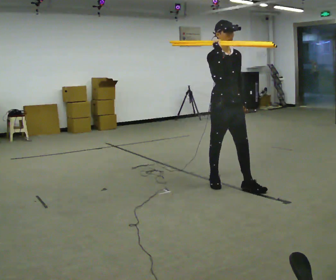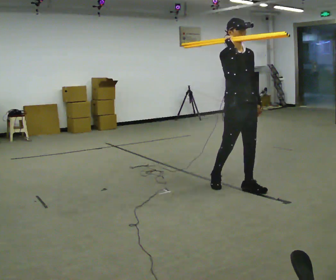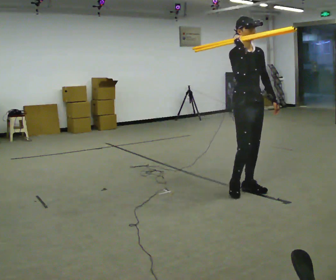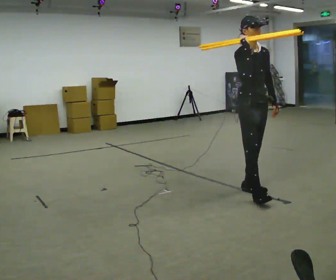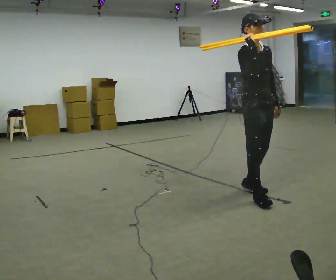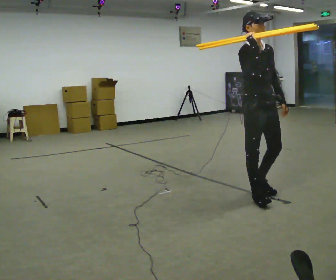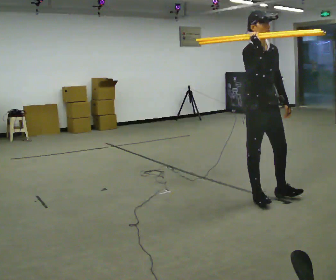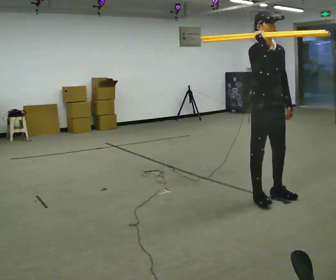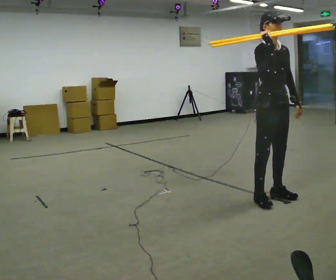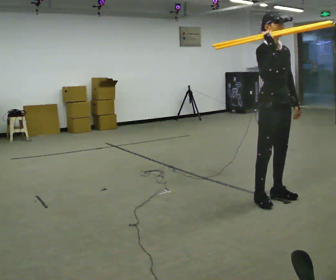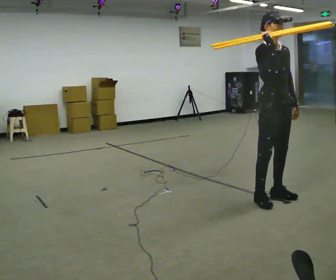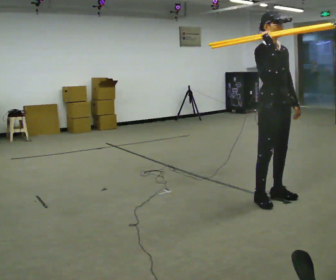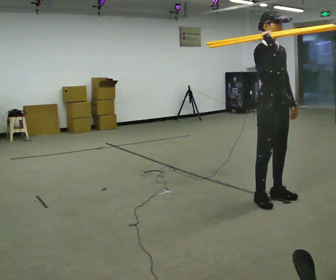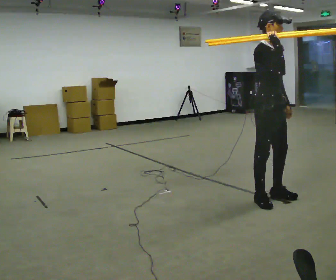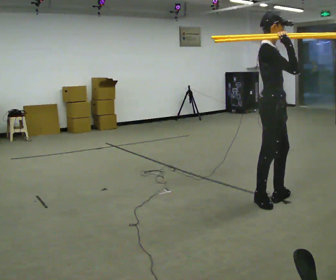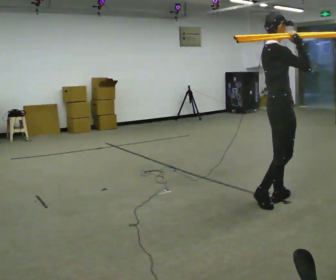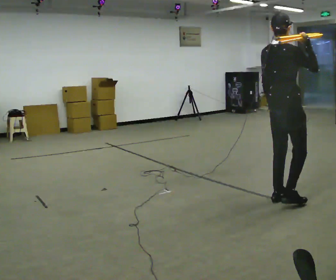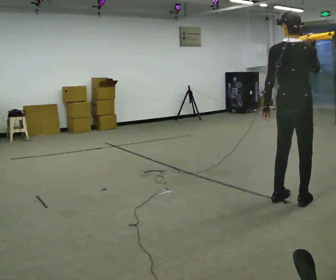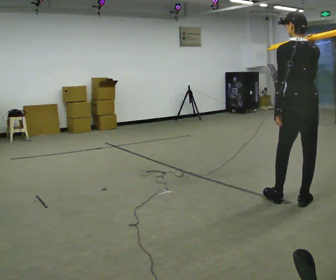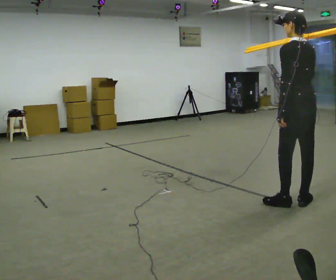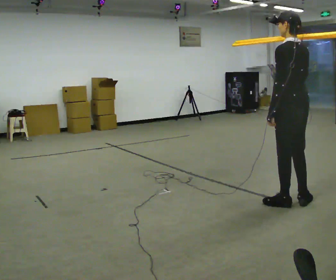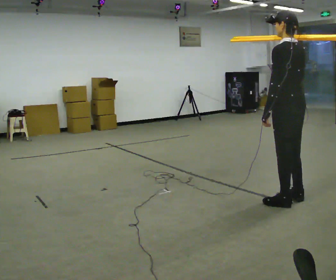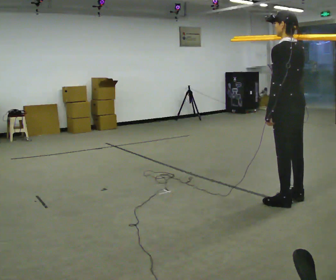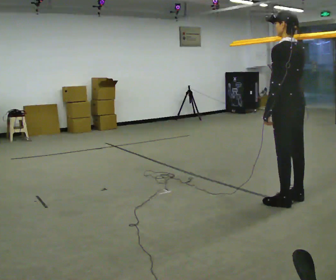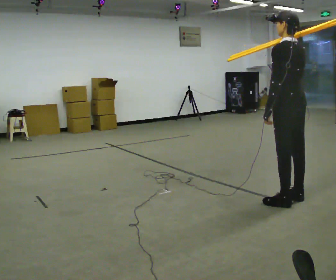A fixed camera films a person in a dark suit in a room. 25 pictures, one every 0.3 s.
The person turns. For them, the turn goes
to their left.
The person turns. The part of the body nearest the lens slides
to the right.
0.0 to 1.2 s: In the picture they go to the right and toward the camera, about 0.5 m in 1 step, which for them is forward.
1.2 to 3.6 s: The person moves a little, or ends about where they began.
3.6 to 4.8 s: Seen from above the body turns counterclockwise, about 90 degrees: to their left, with its near side sliding to the right. In the picture their right hand goes to the right.
4.8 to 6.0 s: Seen from above the body turns counterclockwise, about 75 degrees: to their left, with its near side sliding to the right.
6.0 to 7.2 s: The person moves a little, or ends about where they began.
The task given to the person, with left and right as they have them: Rest the long object on the shoulder the operator calls and carry it across the room, back and forth.
The film runs forward here.
